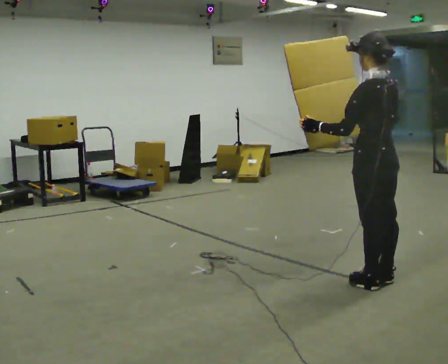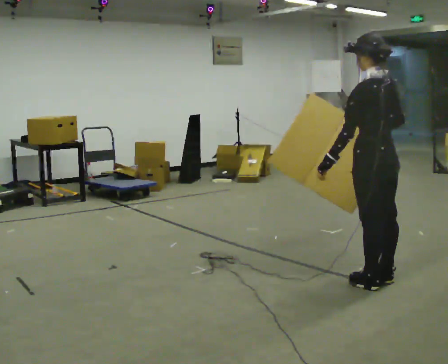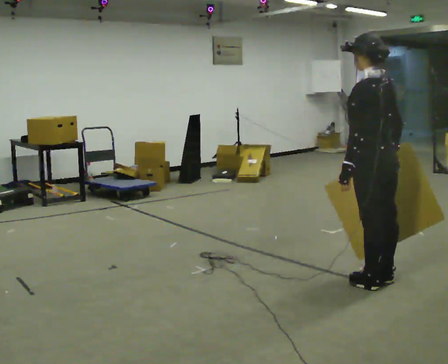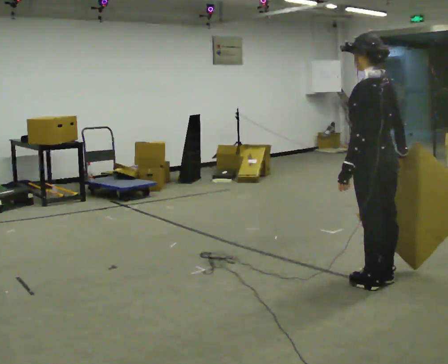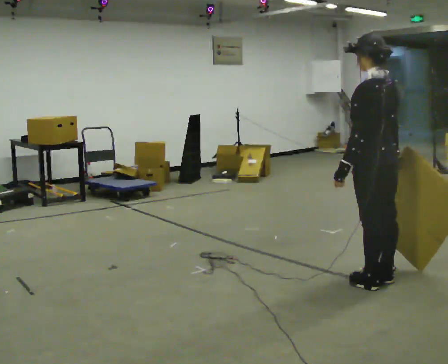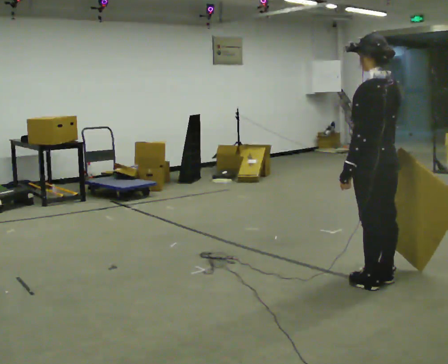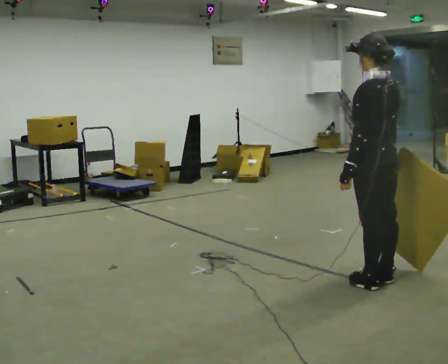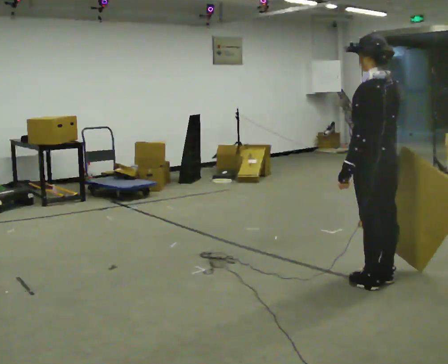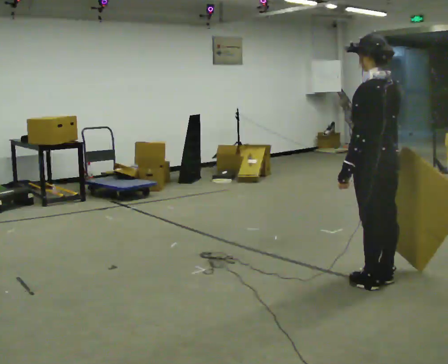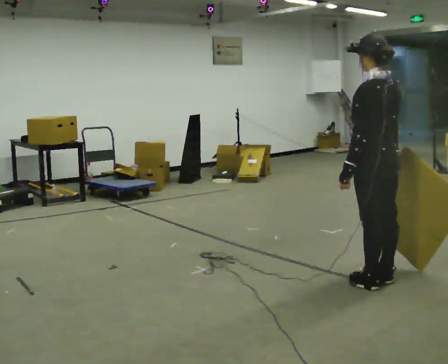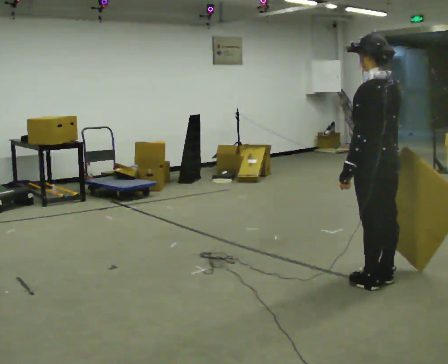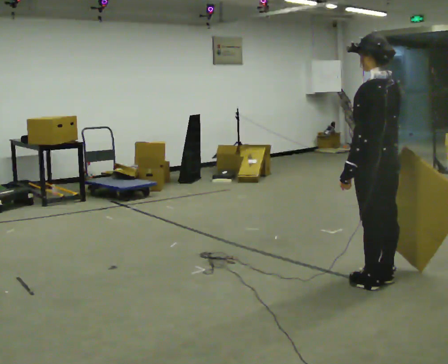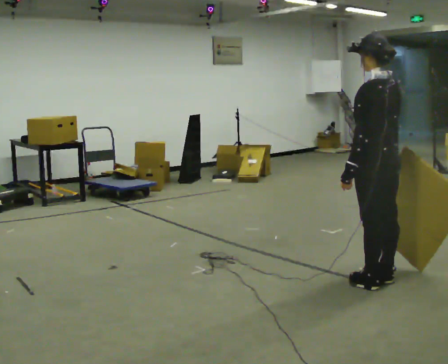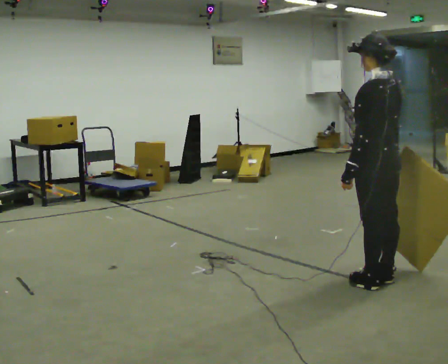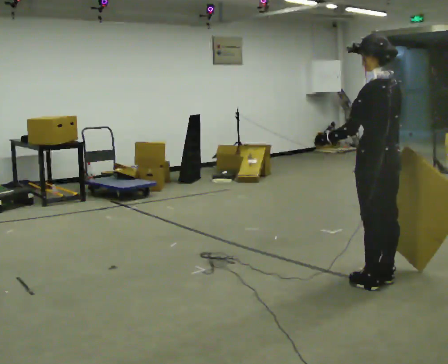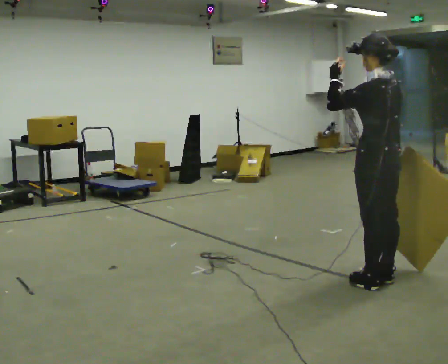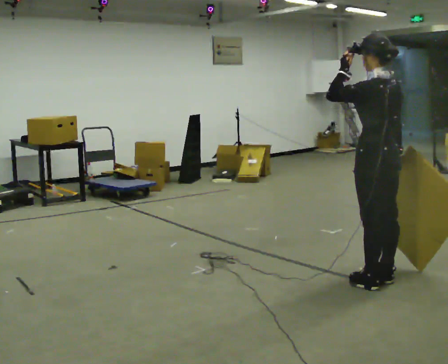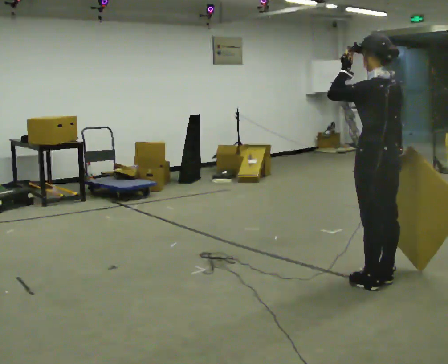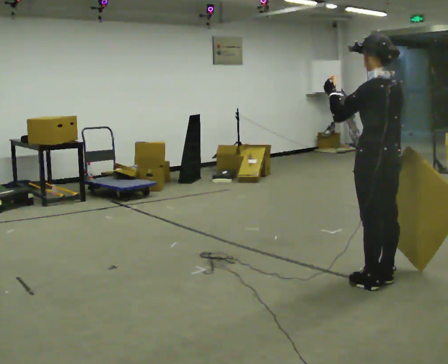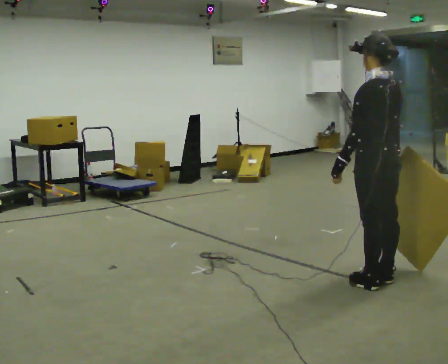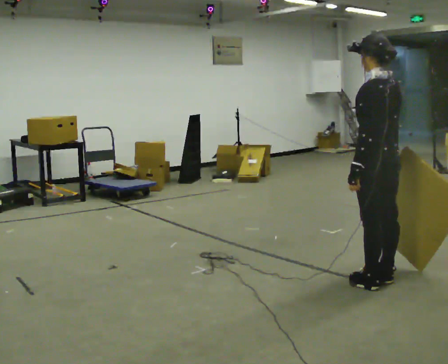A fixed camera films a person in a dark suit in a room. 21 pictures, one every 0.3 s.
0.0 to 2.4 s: The person moves a little, or ends about where they began.
2.4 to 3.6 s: The person keeps their place and pose.
3.6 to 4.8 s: In the picture their left hand goes upward.
4.8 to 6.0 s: In the picture their left hand goes downward.
The film runs forward here.
